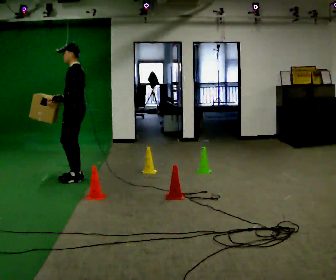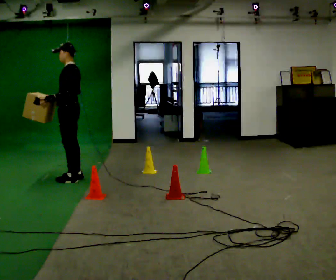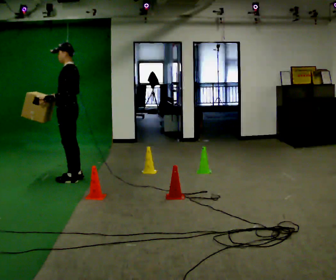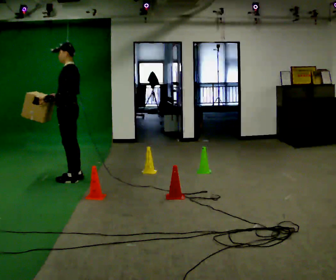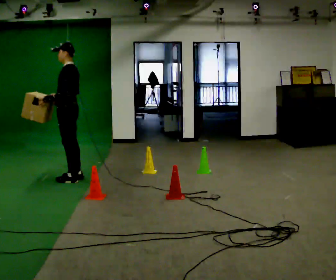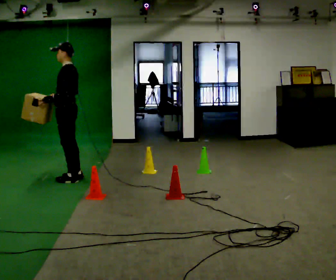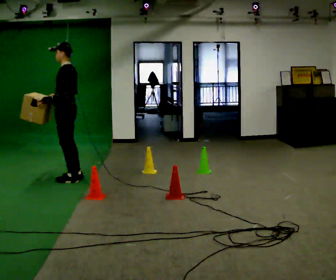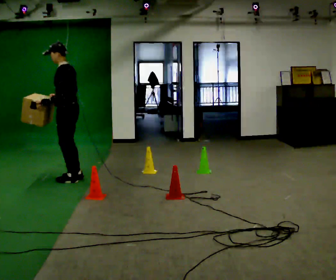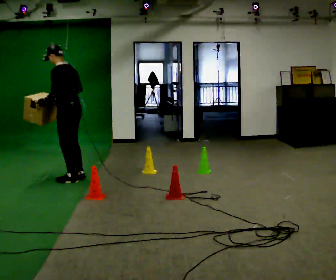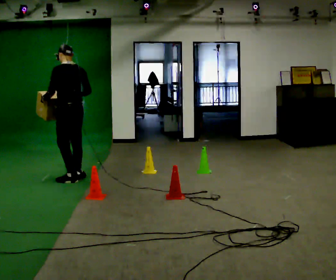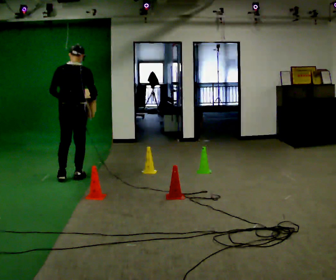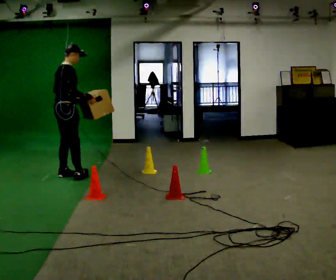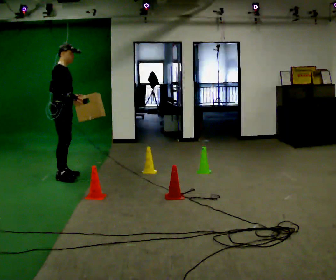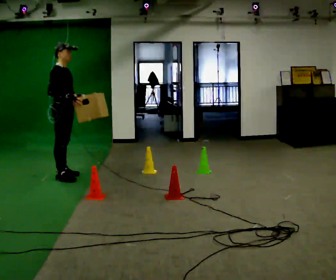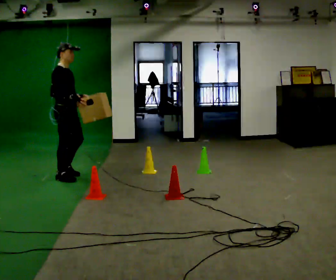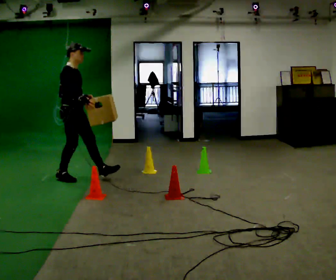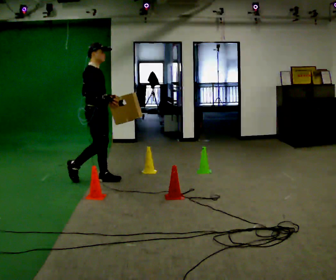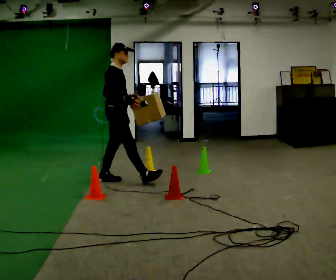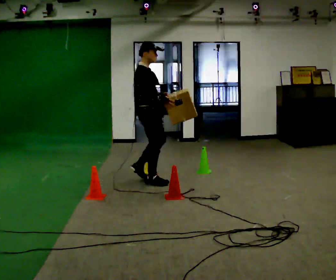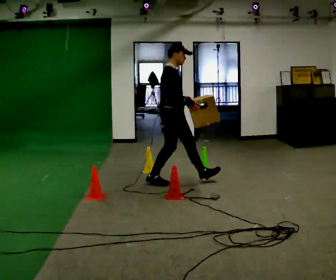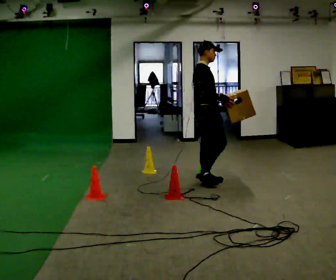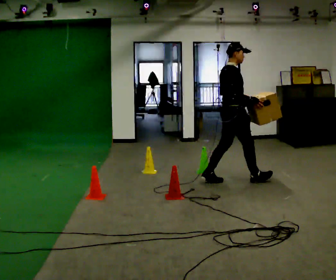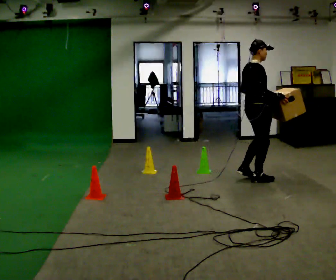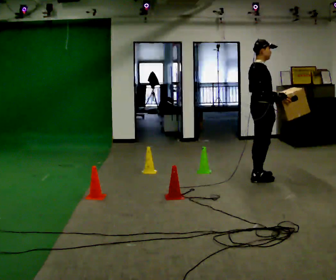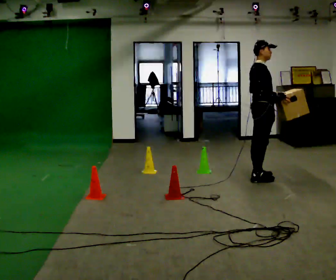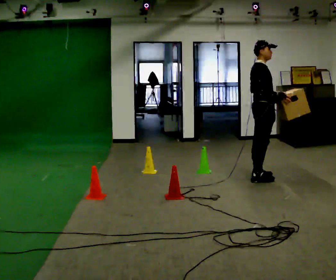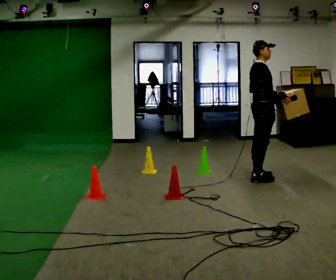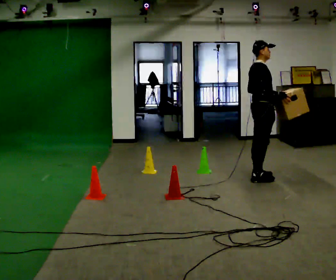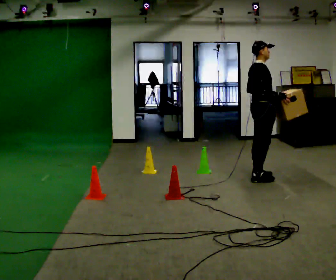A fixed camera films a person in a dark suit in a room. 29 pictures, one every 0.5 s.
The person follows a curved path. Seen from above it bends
counterclockwise.
The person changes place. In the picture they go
to the right.
0.0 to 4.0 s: The person moves a little, or ends about where they began.
4.0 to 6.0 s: Seen from above the body turns clockwise, about 150 degrees: to their right, with its near side sliding to the left. In the picture they go away from the camera and to the left, about 0.25 m in 2 steps.
6.0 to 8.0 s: In the picture they go to the right and toward the camera, about 0.5 m in 1 step, which for them is forward.
8.0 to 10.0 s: In the picture they go to the right, about 1.5 m in 2 steps, which for them is forward.
10.0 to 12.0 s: In the picture they go to the right, about 0.75 m in 2 steps, which for them is forward.
12.0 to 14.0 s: The person moves a little, or ends about where they began.
The film runs forward here.
